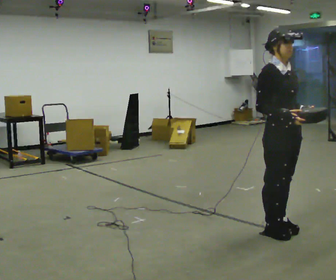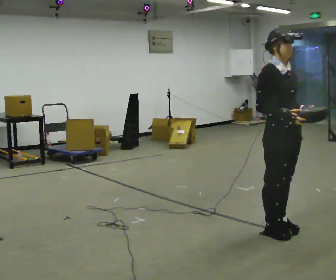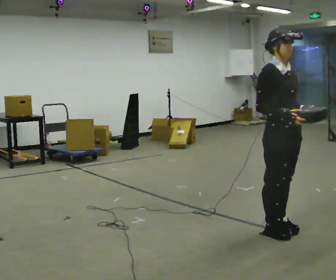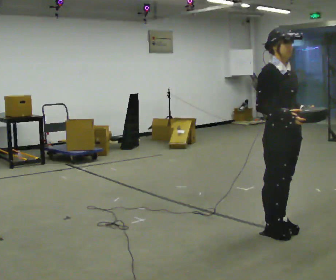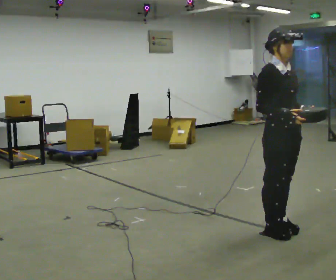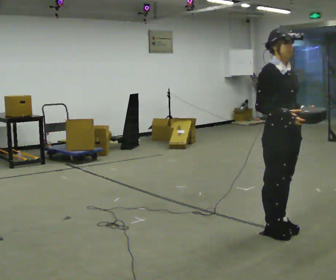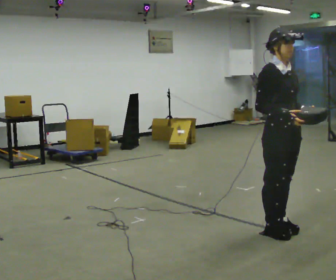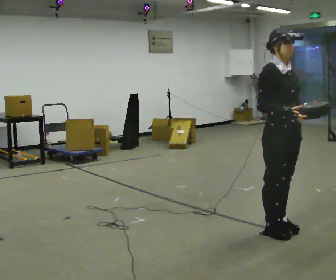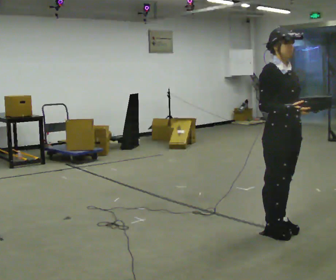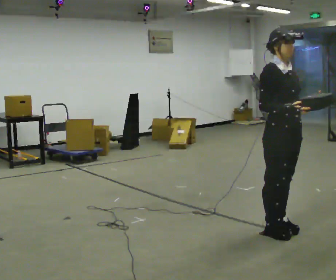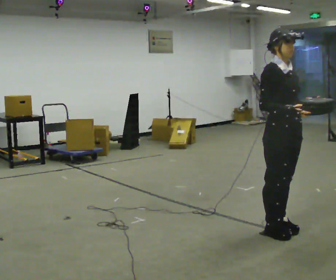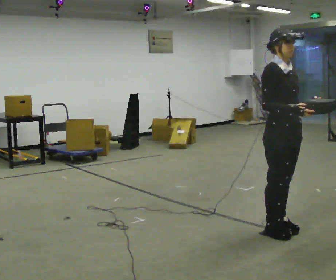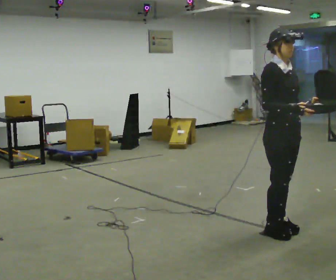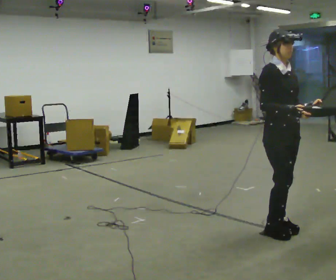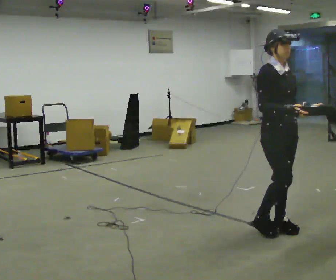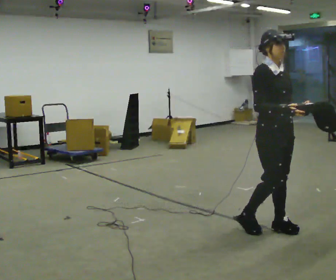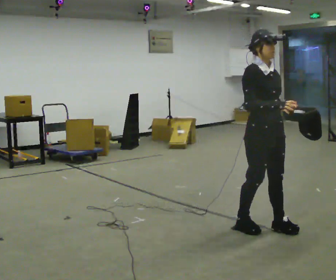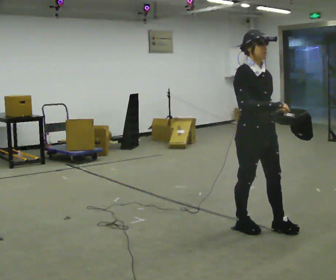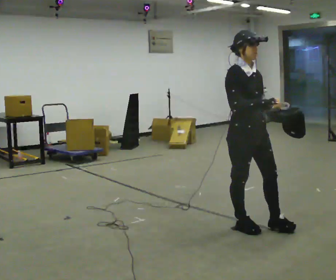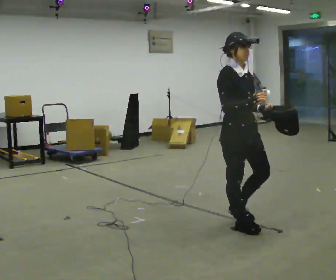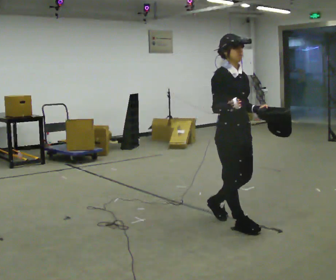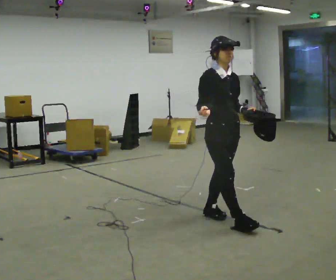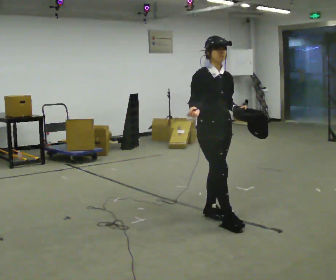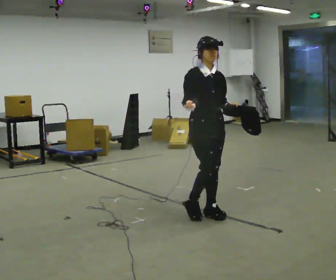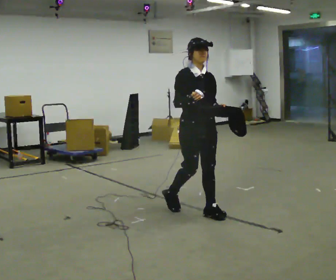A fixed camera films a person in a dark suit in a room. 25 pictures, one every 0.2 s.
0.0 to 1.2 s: The person keeps their place and pose.
1.2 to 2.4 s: The person moves a little, or ends about where they began.
2.4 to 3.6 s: In the picture they go to the left, about 0.25 m in 2 steps, which for them is backward and to their right.
3.6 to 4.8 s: In the picture they go to the left and away from the camera, about 0.5 m in 1 step, which for them is backward.
The film runs backward here.
